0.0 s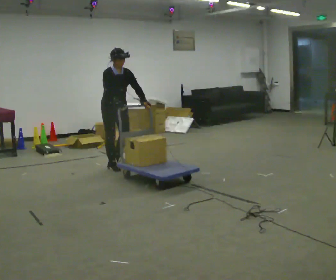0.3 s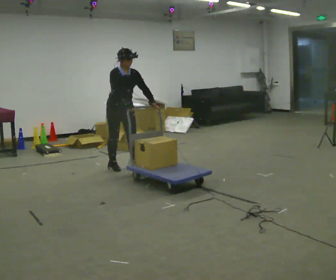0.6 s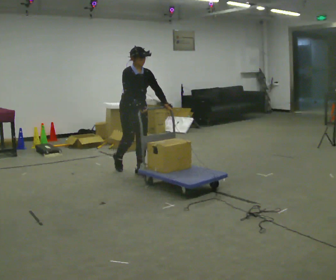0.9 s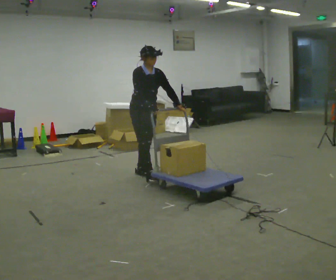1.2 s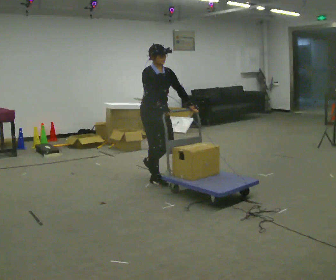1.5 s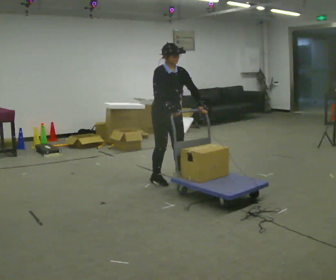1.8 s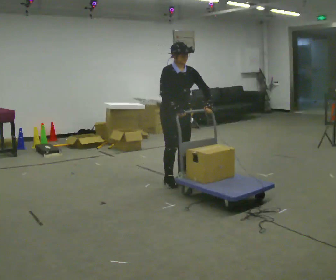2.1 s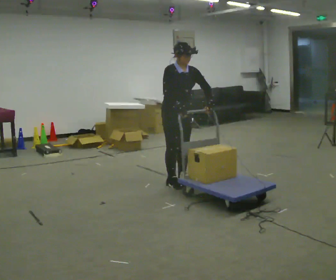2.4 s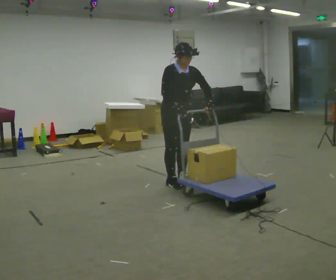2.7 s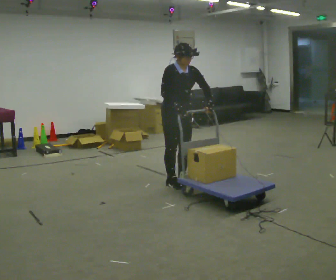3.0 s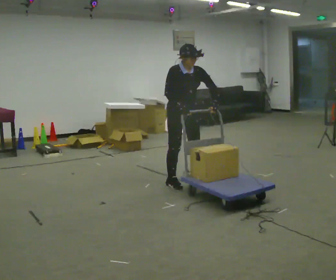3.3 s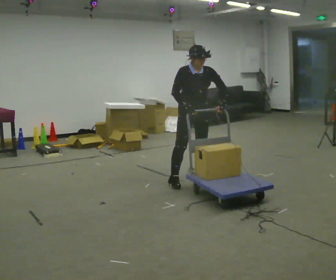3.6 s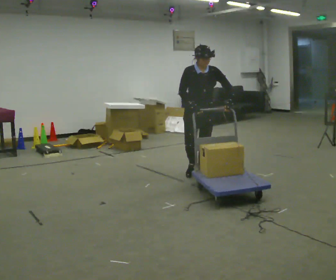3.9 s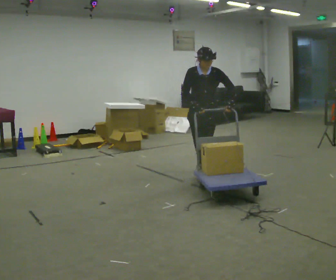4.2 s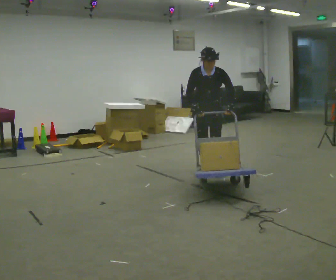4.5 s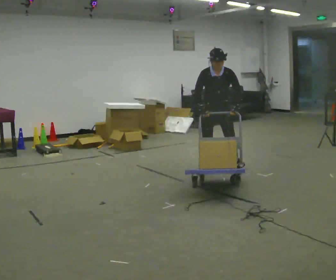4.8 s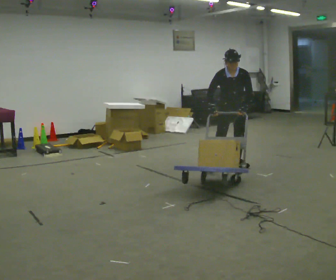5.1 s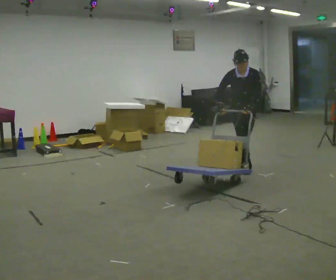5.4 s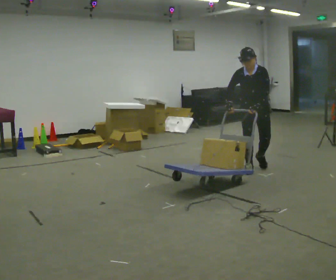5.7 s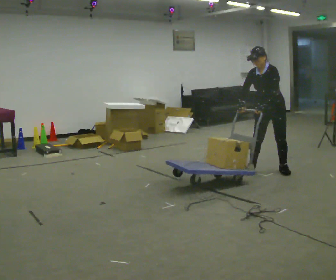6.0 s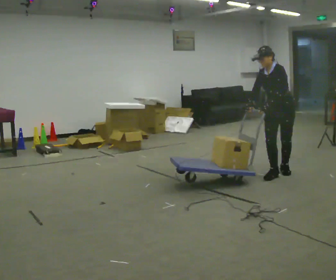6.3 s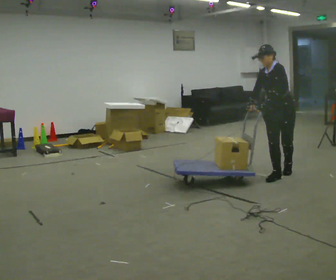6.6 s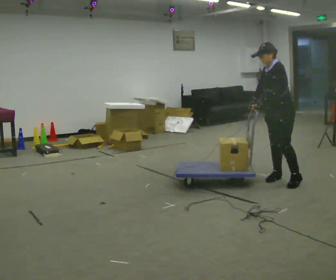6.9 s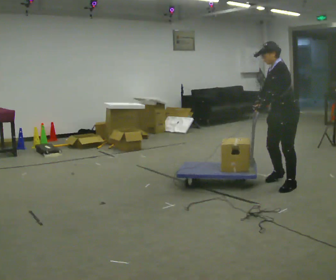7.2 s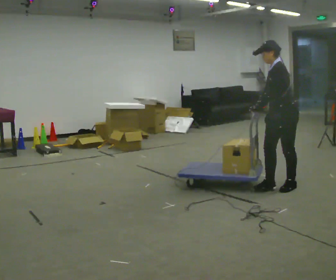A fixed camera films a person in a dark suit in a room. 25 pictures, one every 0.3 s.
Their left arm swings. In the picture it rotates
clockwise.
The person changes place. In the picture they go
to the right.
0.0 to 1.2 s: In the picture they go to the right and toward the camera, about 1 m in 2 steps, which for them is forward.
1.2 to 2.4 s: In the picture they go to the right, about 0.25 m in 2 steps, which for them is forward and to their left.
2.4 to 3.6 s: The part of the body nearest the lens slides to the left as the person turns to their right by about 30 degrees. In the picture they go away from the camera and to the right, about 0.25 m in 1 step, which for them is to their left.
3.6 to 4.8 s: In the picture they go away from the camera and to the right, about 0.5 m in 2 steps, which for them is backward and to their left.
4.8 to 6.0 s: The person turns about 45 degrees to their right, clockwise seen from above, so the part of the body nearest the lens slides to the left. In the picture they go to the right and toward the camera, about 0.5 m in 2 steps, which for them is to their left and forward. In the picture the upper body tilts counterclockwise, shoulders to the left.
6.0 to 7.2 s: The person turns about 45 degrees to their right, clockwise seen from above, so the part of the body nearest the lens slides to the left. In the picture they go toward the camera, about 0.5 m in 2 steps, which for them is to their left and forward.
The film runs forward here.
